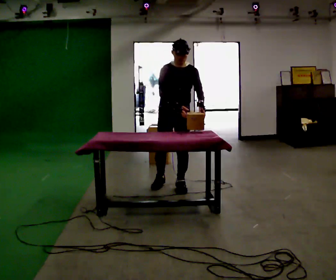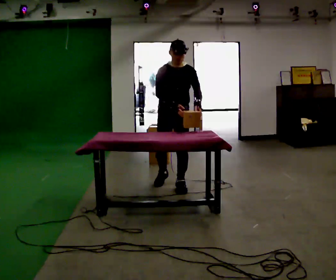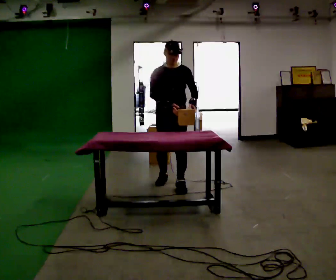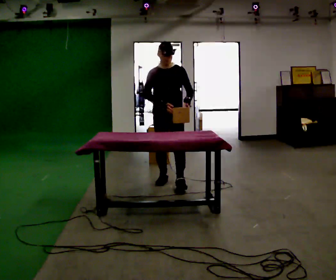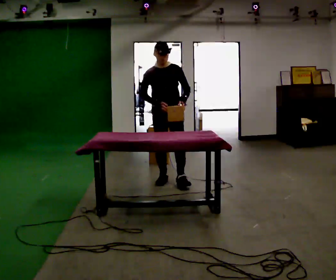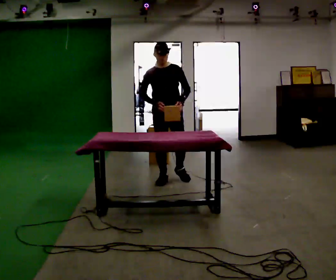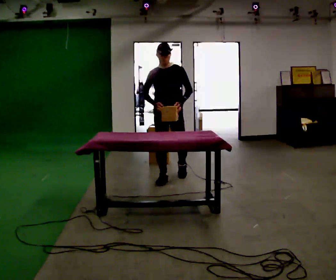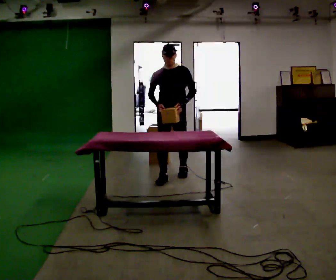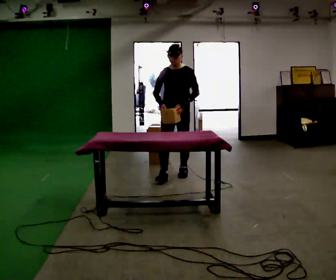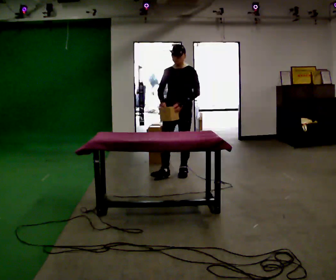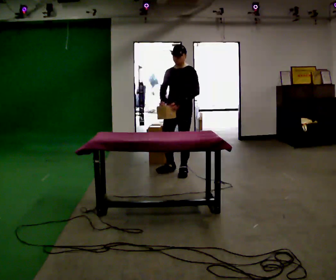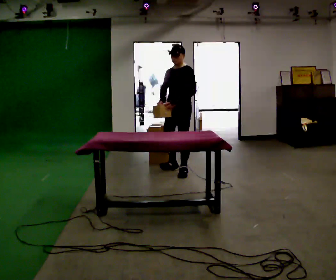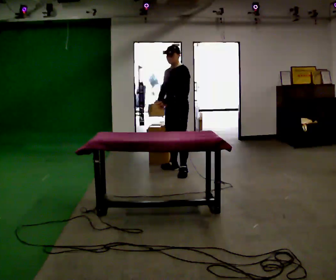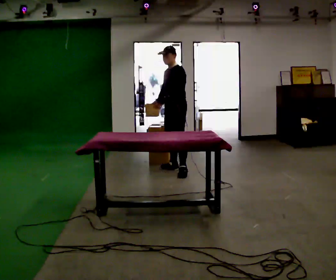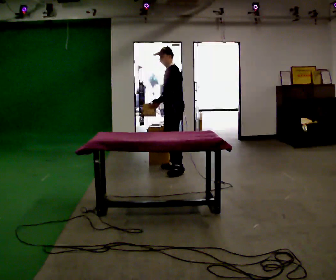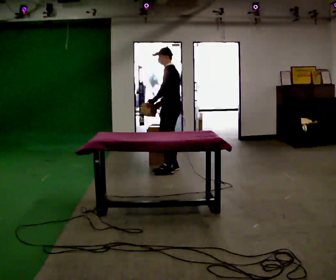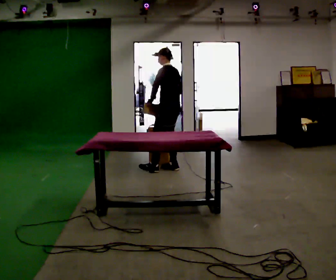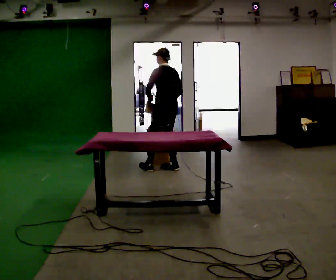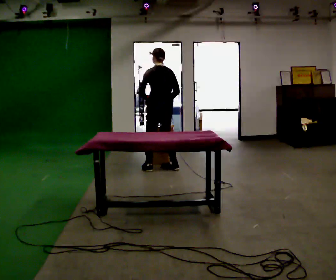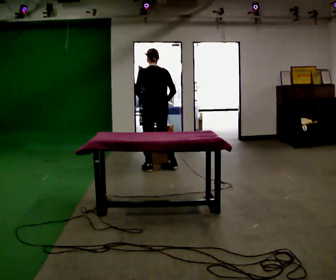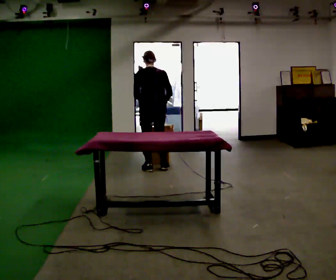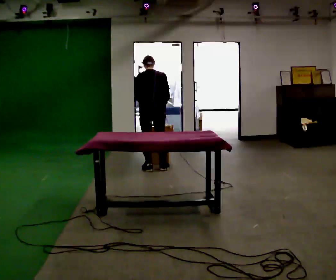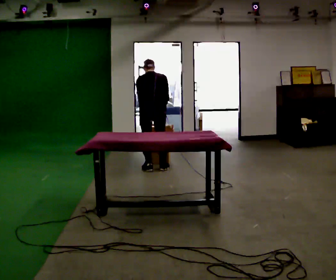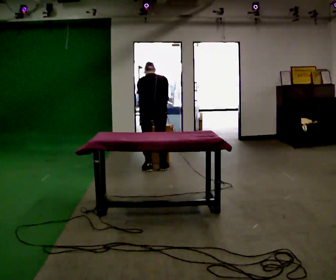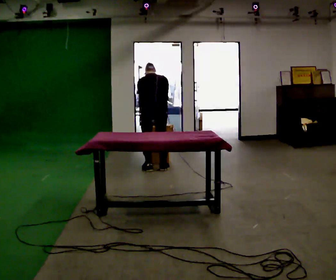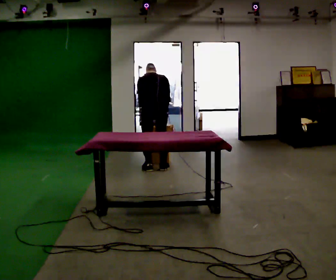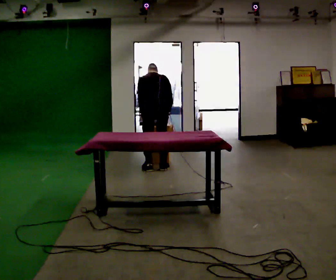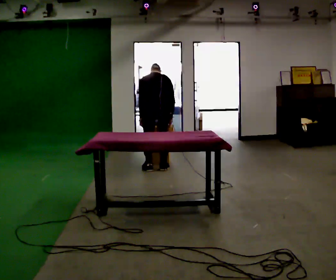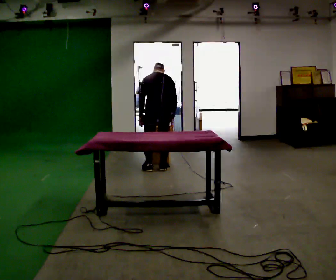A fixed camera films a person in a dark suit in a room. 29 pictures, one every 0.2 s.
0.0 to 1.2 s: In the picture they go away from the camera, about 0.25 m in 1 step, which for them is backward.
1.2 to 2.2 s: The person turns about 45 degrees to their right, clockwise seen from above, so the part of the body nearest the lens slides to the left. In the picture they go away from the camera, about 0.25 m in 1 step, which for them is backward.
2.2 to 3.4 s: The person turns about 90 degrees to their right, clockwise seen from above, so the part of the body nearest the lens slides to the left. In the picture they go away from the camera and to the left, about 0.25 m in 1 step.
3.4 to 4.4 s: The part of the body nearest the lens slides to the left as the person turns to their right by about 45 degrees. In the picture they go to the left, about 0.25 m in 1 step, which for them is to their left. The upper body tips away from the camera, its near side rolling upward, as they bend forward.
4.4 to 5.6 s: The person moves a little, or ends about where they began.
The film runs backward here.
